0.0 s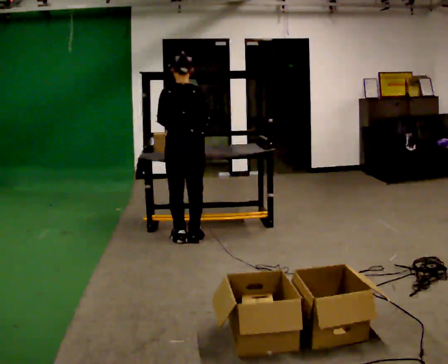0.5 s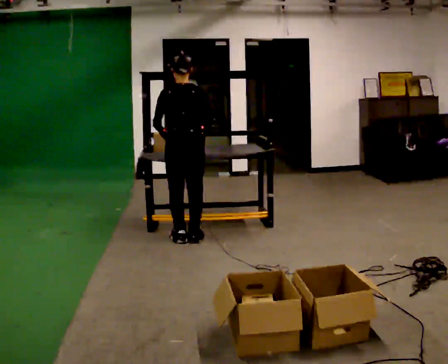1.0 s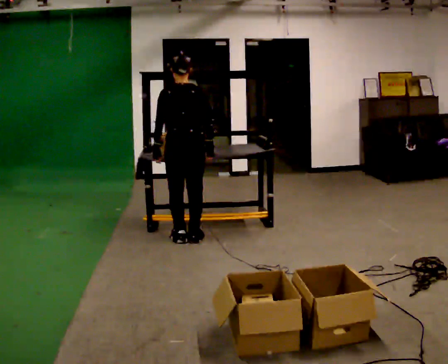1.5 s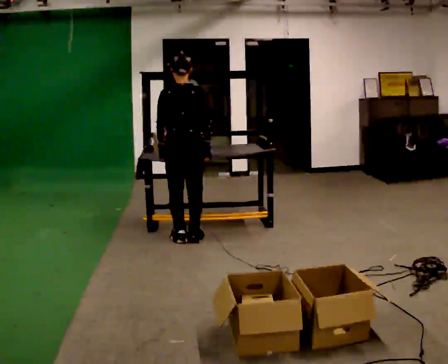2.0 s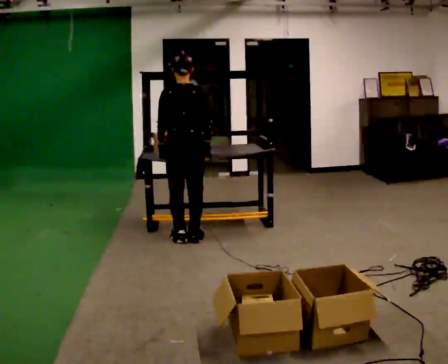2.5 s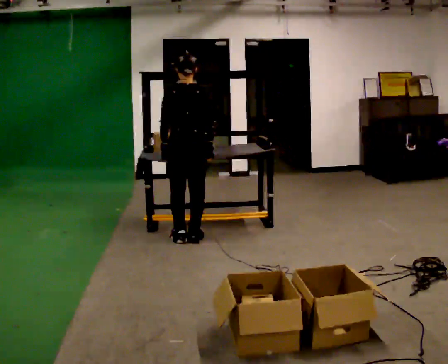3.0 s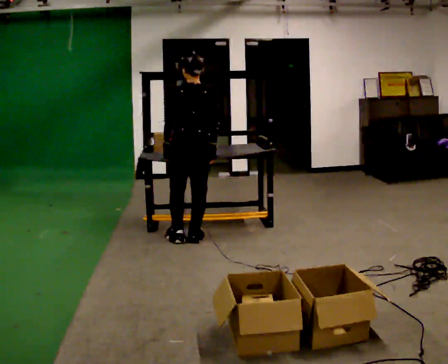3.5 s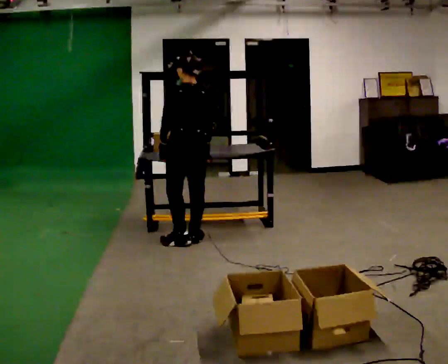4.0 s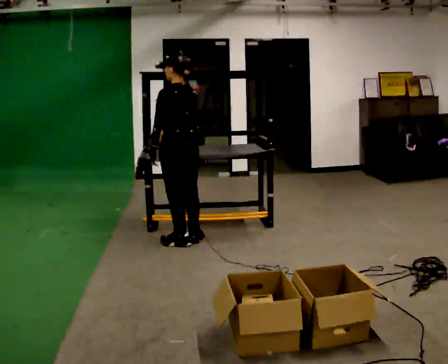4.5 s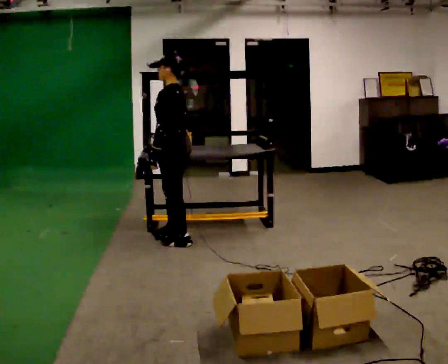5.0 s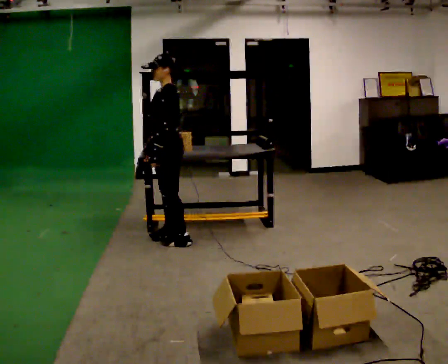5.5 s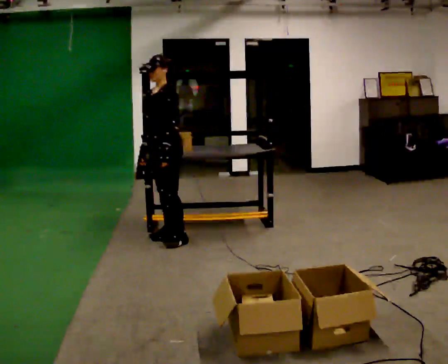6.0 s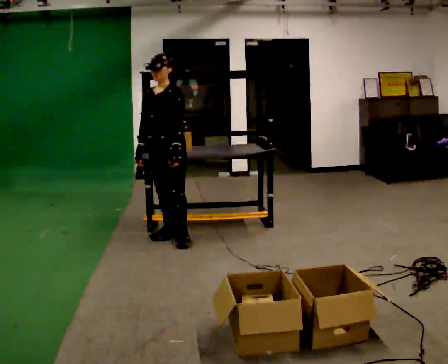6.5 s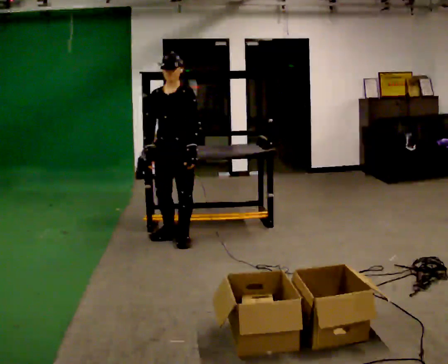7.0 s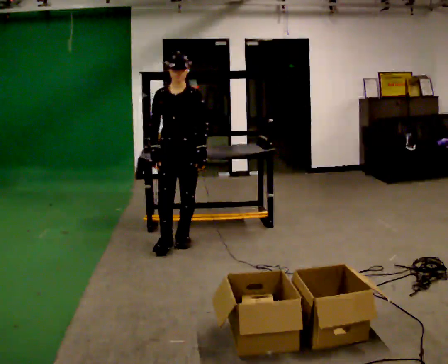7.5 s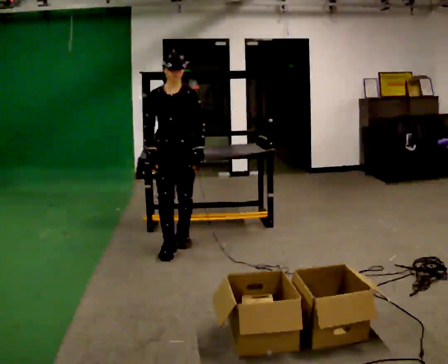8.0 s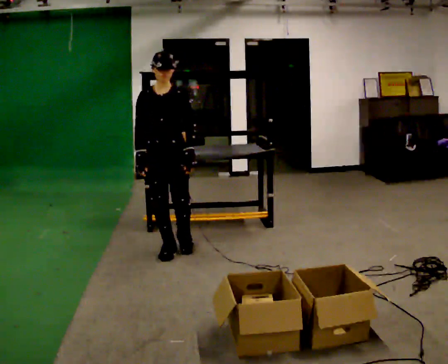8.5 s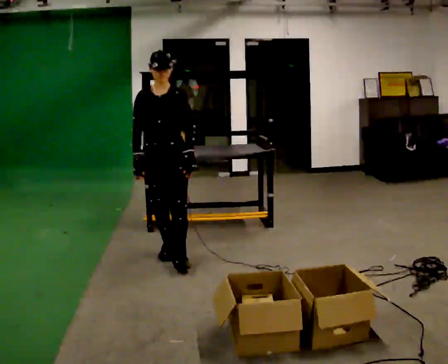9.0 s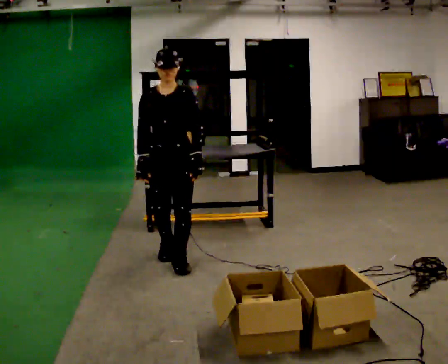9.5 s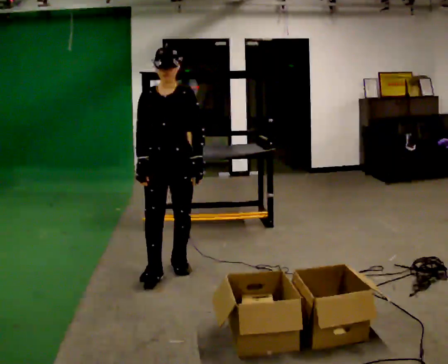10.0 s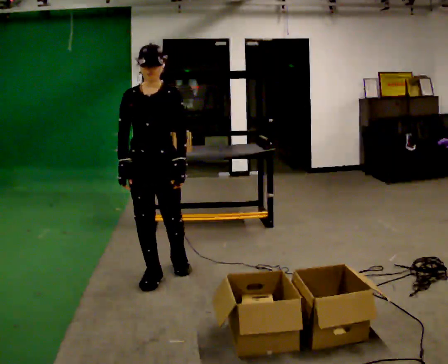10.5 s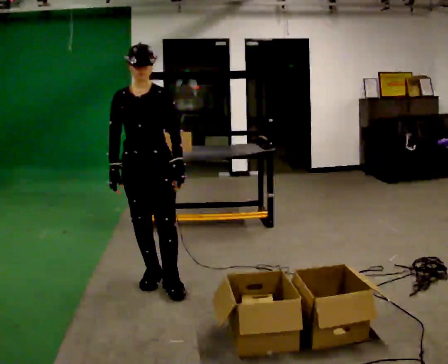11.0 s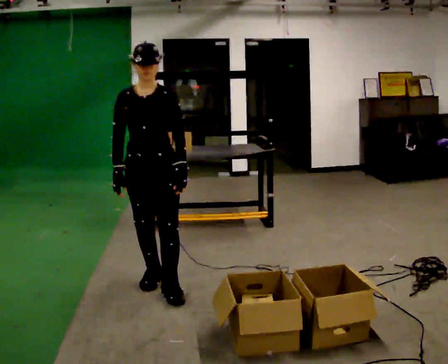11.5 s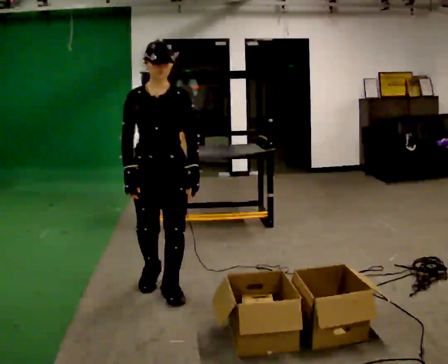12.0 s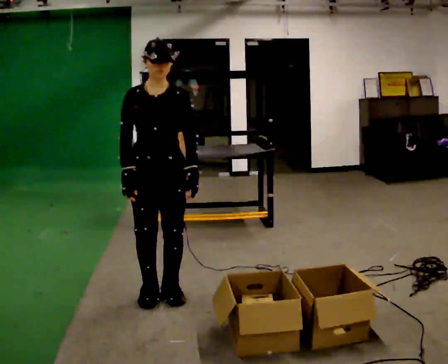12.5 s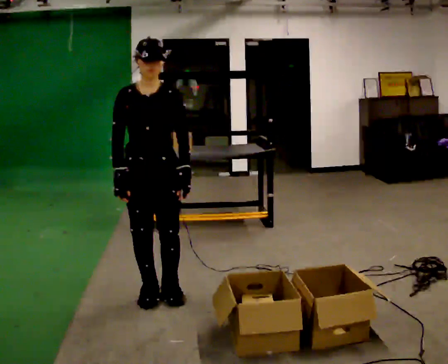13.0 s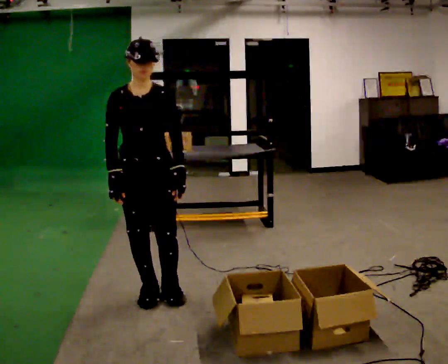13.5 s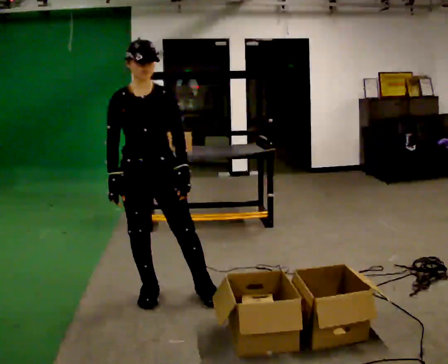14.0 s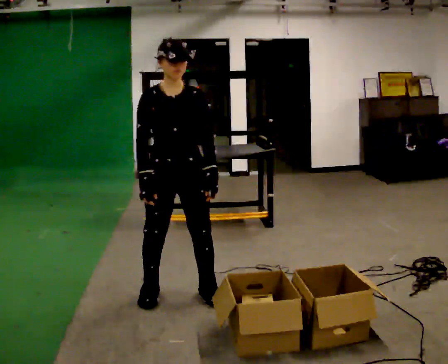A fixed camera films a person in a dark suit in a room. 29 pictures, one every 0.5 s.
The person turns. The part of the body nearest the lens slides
to the right.
The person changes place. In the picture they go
toward the camera.
0.0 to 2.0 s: The person moves a little, or ends about where they began.
2.0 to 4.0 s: Seen from above the body turns counterclockwise, about 45 degrees: to their left, with its near side sliding to the right.
4.0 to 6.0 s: The part of the body nearest the lens slides to the right as the person turns to their left by about 105 degrees.
6.0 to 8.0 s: The part of the body nearest the lens slides to the right as the person turns to their left by about 30 degrees. In the picture they go toward the camera, about 0.25 m in 1 step, which for them is forward.
8.0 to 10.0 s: In the picture they go toward the camera, about 0.5 m in 2 steps, which for them is forward.
10.0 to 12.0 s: In the picture they go toward the camera, about 0.25 m in 2 steps, which for them is forward.
12.0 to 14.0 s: The person moves a little, or ends about where they began.
The film runs forward here.
